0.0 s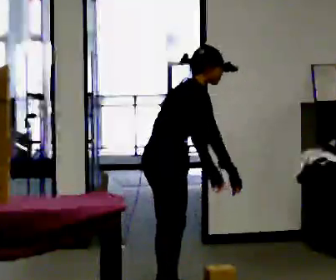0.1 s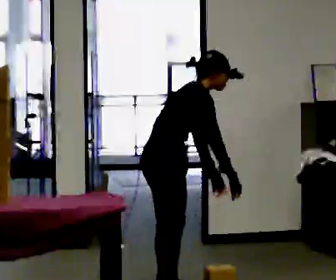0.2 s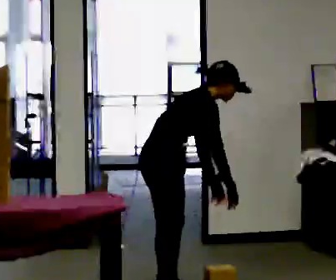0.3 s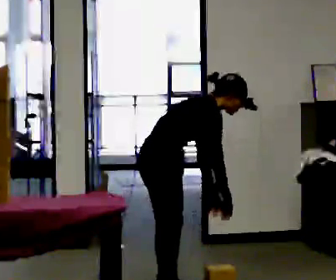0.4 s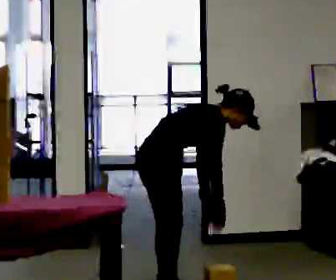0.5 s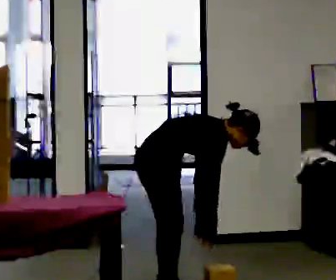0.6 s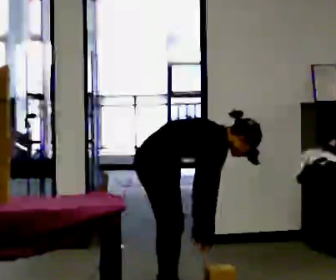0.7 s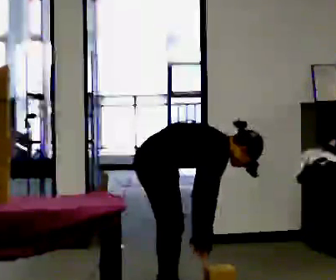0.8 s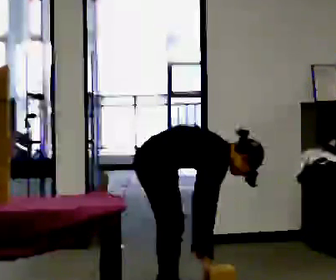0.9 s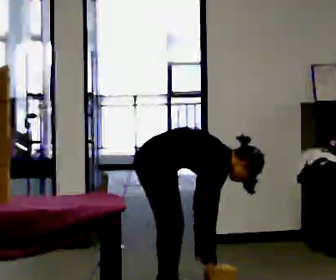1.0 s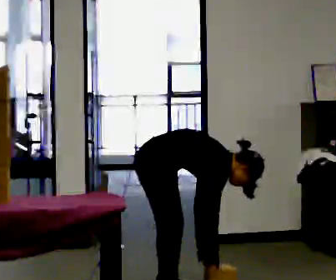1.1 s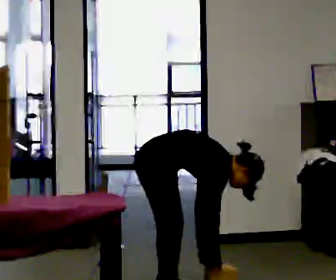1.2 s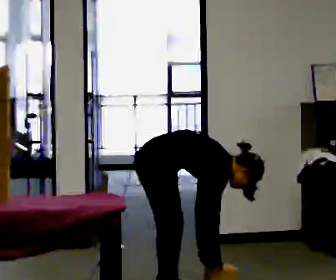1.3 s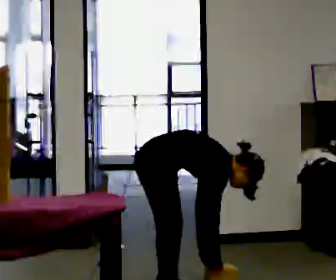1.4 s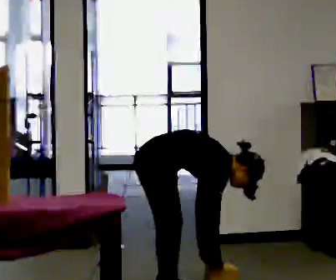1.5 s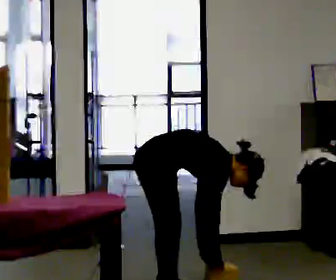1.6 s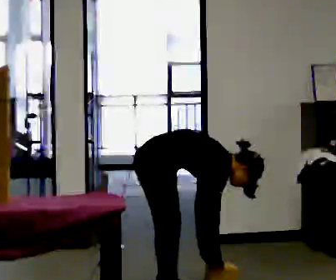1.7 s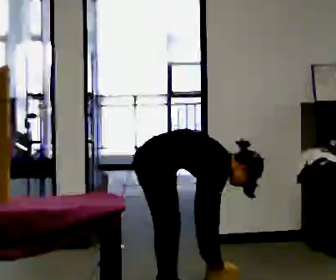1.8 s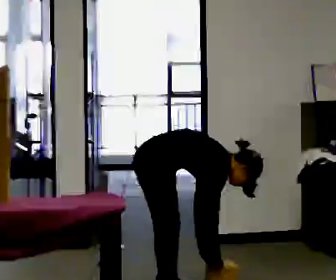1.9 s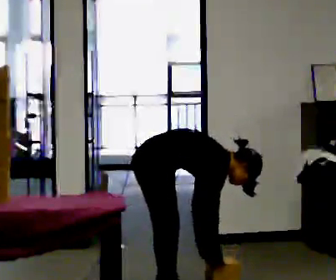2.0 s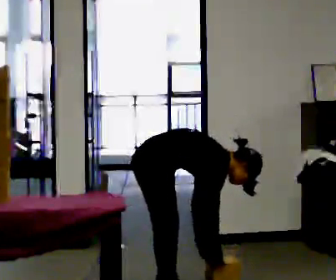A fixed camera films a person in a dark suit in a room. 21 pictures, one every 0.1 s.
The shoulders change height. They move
downward.
Their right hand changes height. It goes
downward.
0.0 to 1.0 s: The shoulders move downward. In the picture the upper body tilts clockwise, shoulders to the right, as they bend forward. In the picture their right hand goes downward.
1.0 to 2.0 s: The person moves a little, or ends about where they began.
The film runs backward here.
